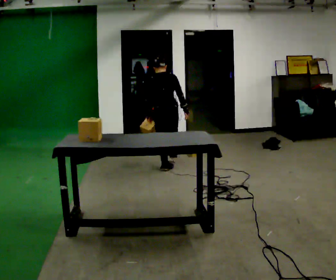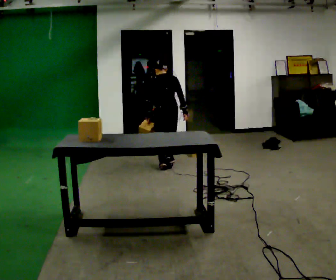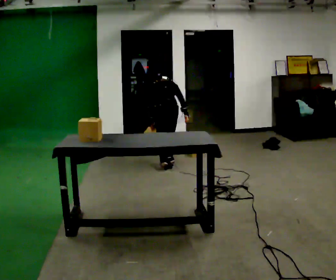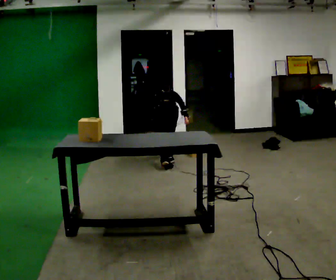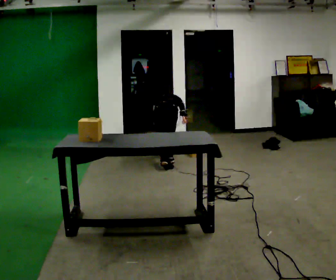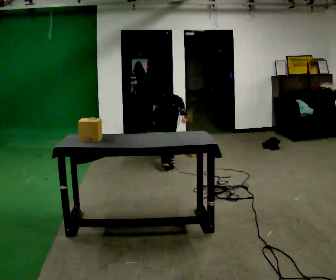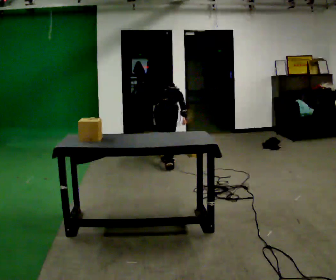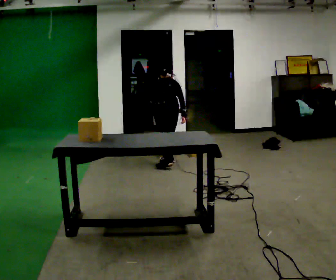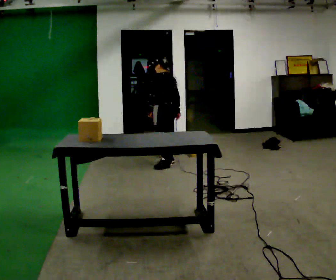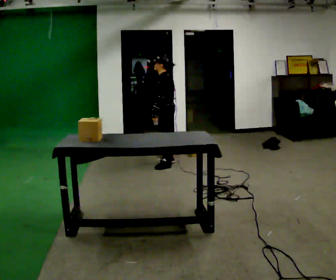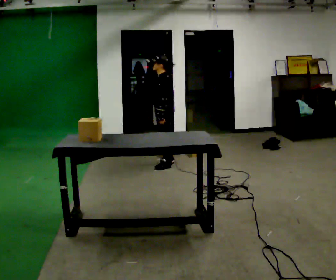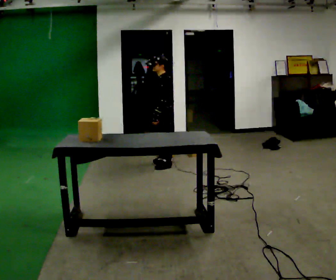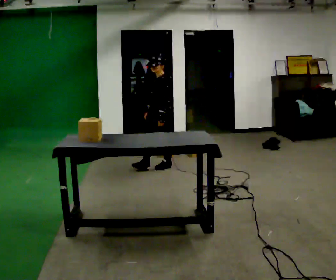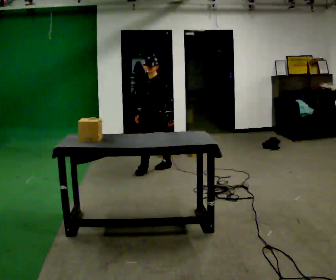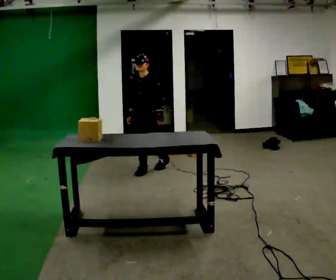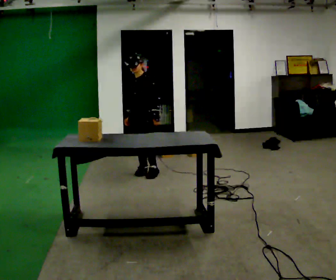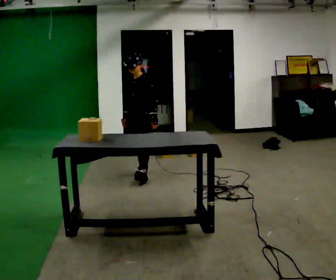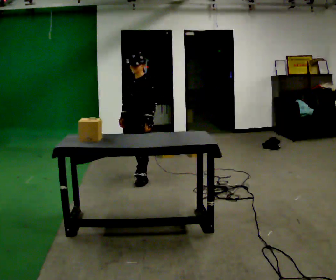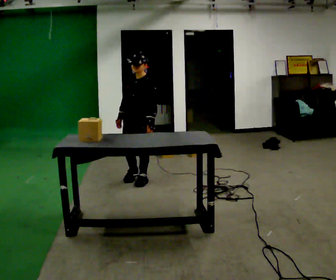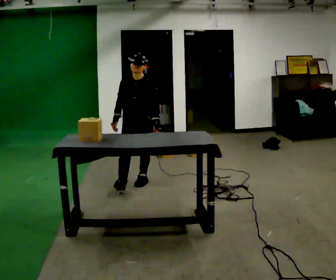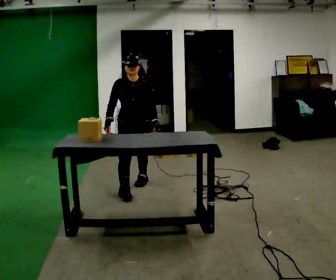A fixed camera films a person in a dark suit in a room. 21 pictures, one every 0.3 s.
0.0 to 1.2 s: The upper body goes downward. The upper body tips away from the camera, its near side rolling upward, as they bend forward.
1.2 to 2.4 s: The person turns about 75 degrees to their left, counterclockwise seen from above, so the part of the body nearest the lens slides to the right. The upper body goes upward. The upper body tips toward the camera, its near side rolling downward, as they lean back or straighten.
2.4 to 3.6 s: Seen from above the body turns counterclockwise, about 60 degrees: to their left, with its near side sliding to the right. In the picture they go toward the camera, about 0.25 m.
3.6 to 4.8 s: In the picture they go toward the camera and to the left, about 0.5 m in 2 steps, which for them is forward.
4.8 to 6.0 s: Seen from above the body turns counterclockwise, about 45 degrees: to their left, with its near side sliding to the right. In the picture they go toward the camera, about 0.5 m in 1 step, which for them is forward.
The film runs forward here.
